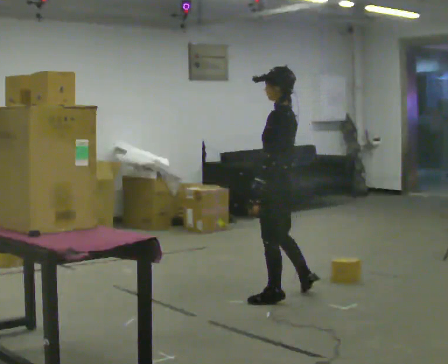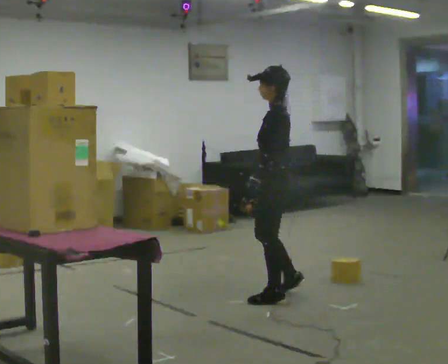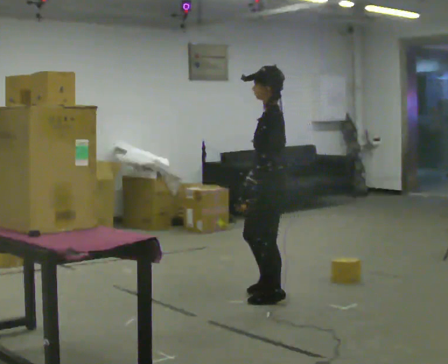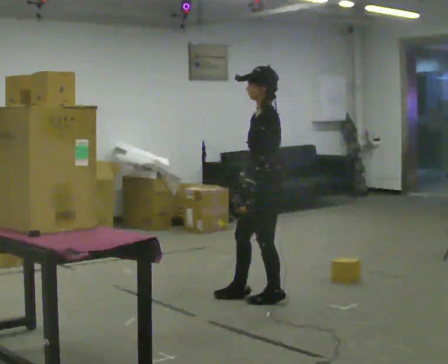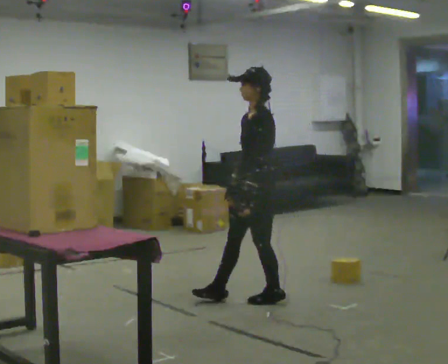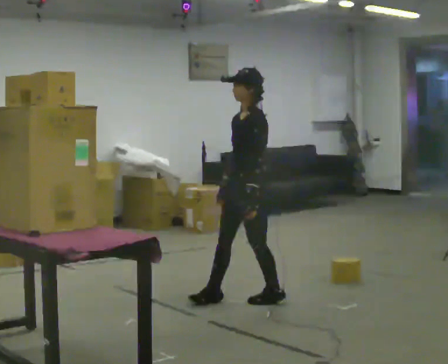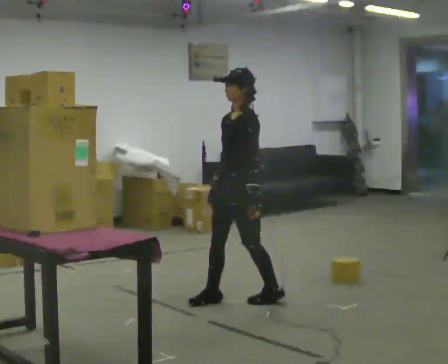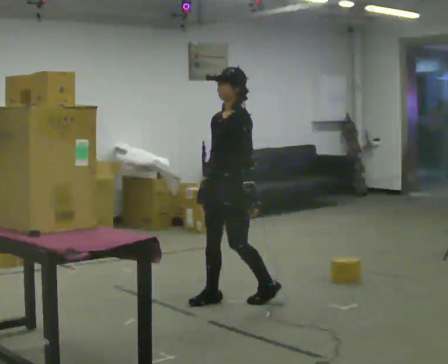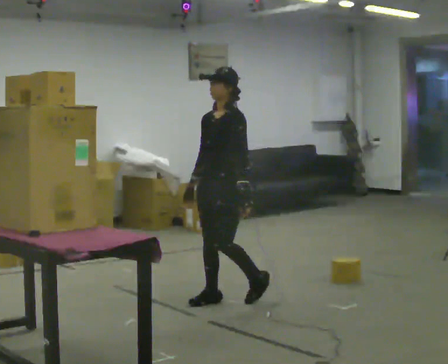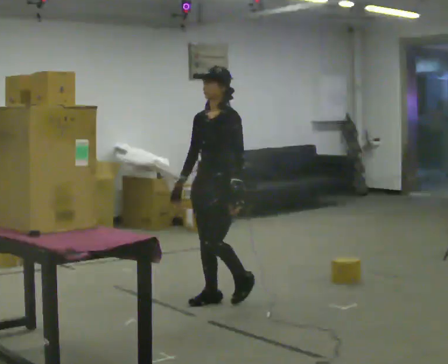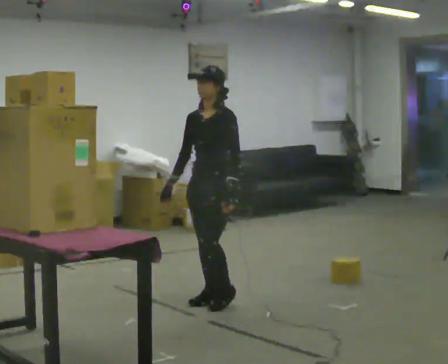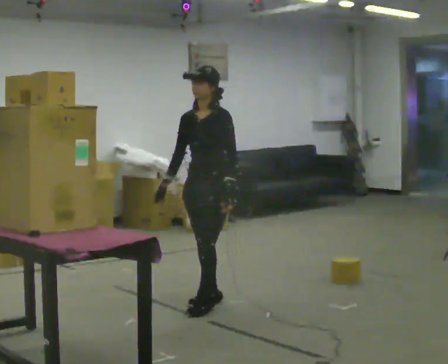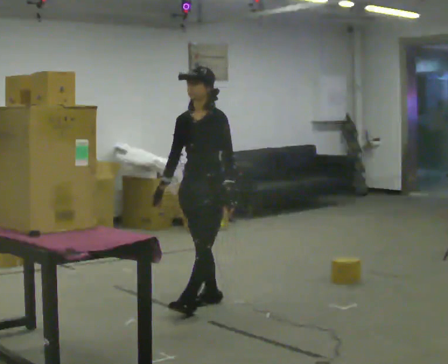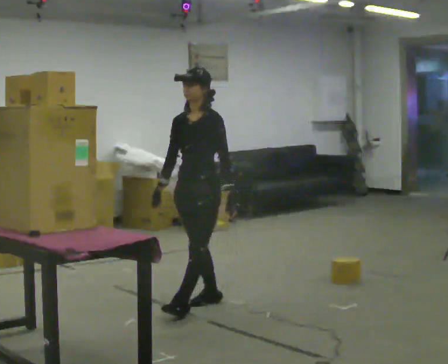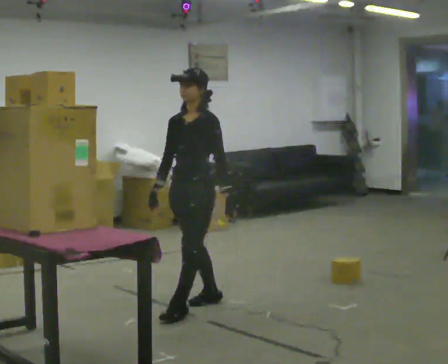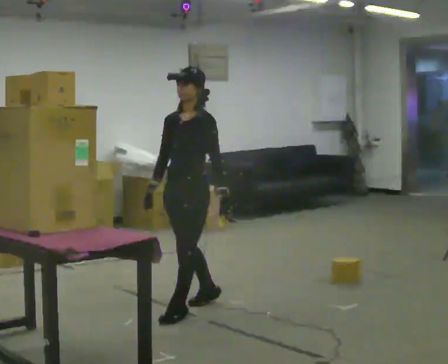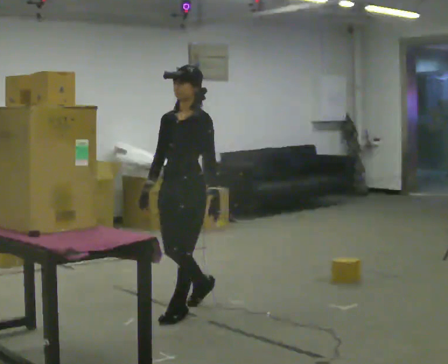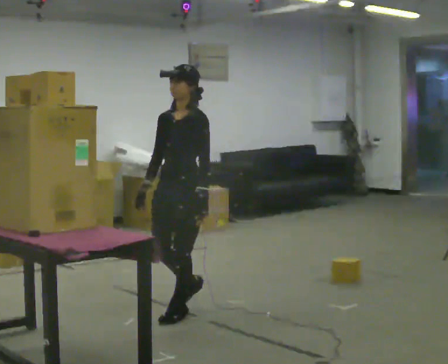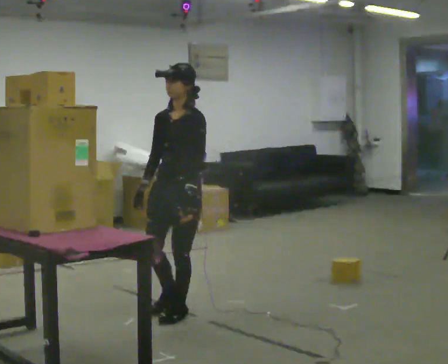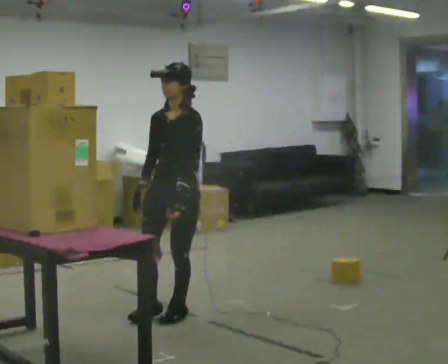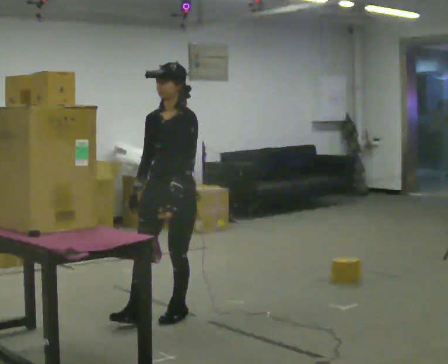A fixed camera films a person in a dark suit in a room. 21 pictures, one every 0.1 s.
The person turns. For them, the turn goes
to their left.
The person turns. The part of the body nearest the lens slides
to the right.
0.0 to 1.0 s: Seen from above the body turns counterclockwise, about 75 degrees: to their left, with its near side sliding to the right. In the picture they go to the left, about 0.5 m in 1 step.
1.0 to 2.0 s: In the picture they go toward the camera and to the left, about 0.5 m in 1 step, which for them is forward.
The film runs forward here.
